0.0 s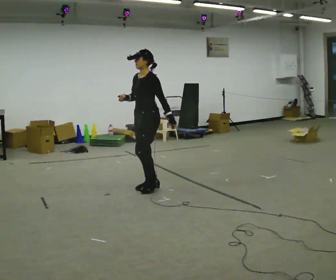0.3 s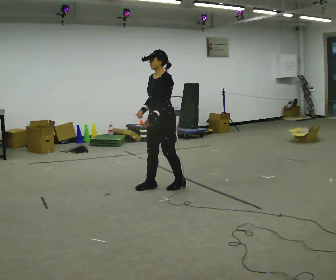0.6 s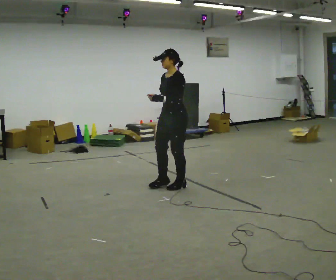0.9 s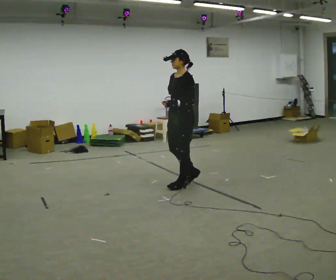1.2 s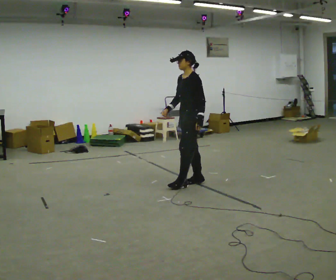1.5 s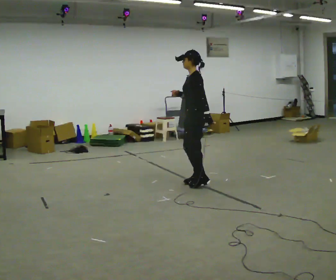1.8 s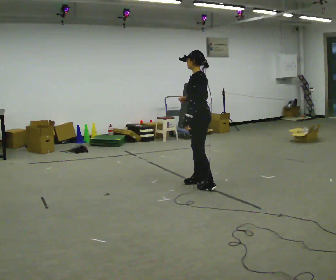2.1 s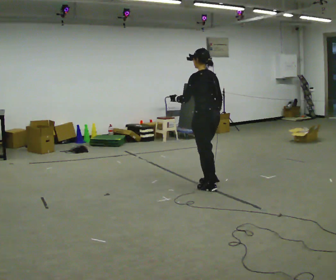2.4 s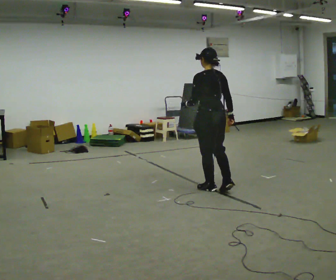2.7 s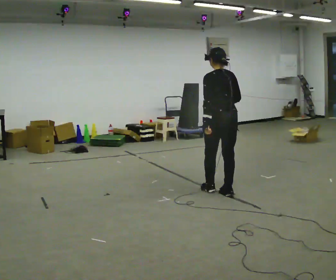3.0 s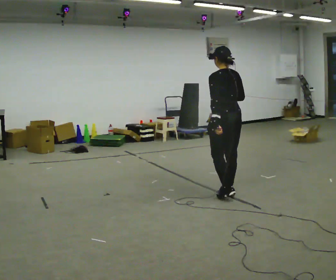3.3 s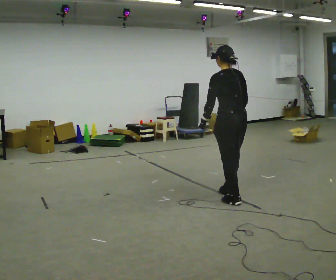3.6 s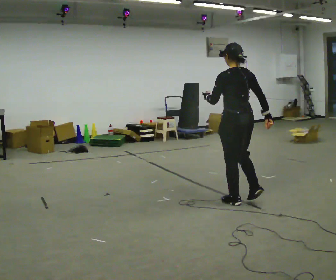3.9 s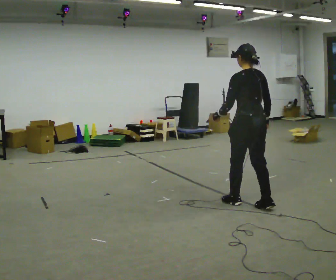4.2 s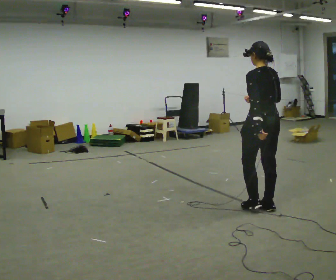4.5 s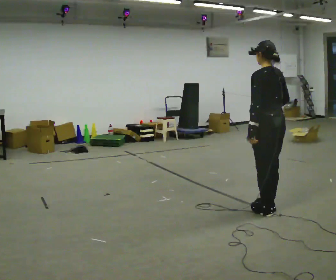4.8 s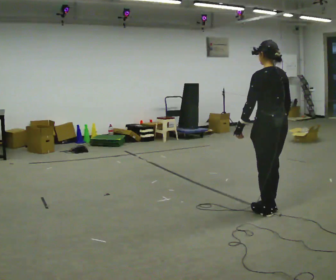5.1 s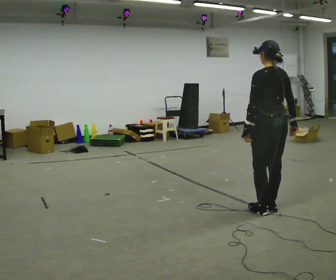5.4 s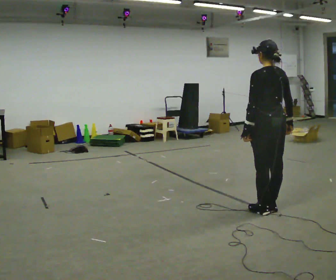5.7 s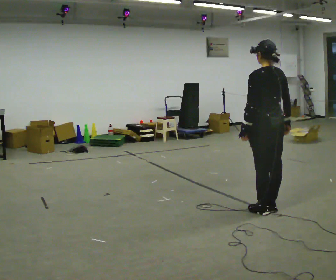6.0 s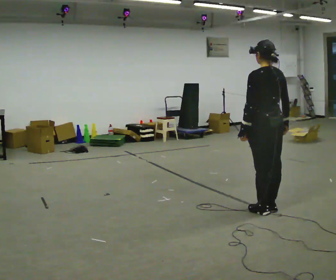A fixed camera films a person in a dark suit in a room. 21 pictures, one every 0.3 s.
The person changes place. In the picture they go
to the right.
The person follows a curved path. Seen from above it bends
clockwise.
0.0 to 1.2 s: In the picture they go to the right and away from the camera, about 0.5 m in 2 steps, which for them is backward.
1.2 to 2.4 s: The person turns about 90 degrees to their right, clockwise seen from above, so the part of the body nearest the lens slides to the left. In the picture they go toward the camera and to the right, about 0.5 m in 1 step.
2.4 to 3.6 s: In the picture they go toward the camera and to the right, about 0.5 m in 2 steps, which for them is backward.
3.6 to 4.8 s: In the picture they go toward the camera and to the right, about 0.5 m in 2 steps, which for them is backward.
4.8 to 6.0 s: The person moves a little, or ends about where they began.
The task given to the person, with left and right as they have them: Walk backward several steps, then turn while still moving backward, then continue backward. Operator confirms the space behind you is clear.
The film runs forward here.
